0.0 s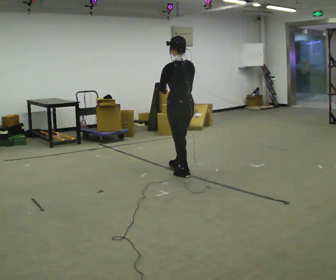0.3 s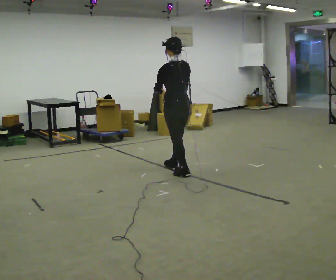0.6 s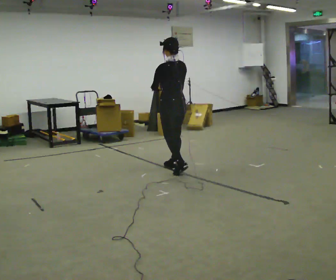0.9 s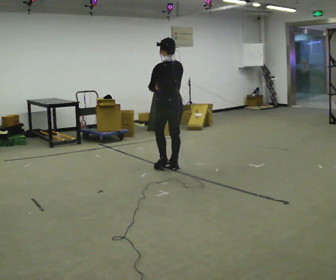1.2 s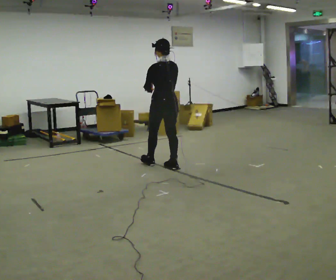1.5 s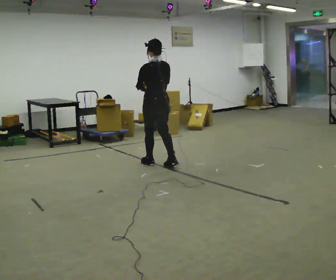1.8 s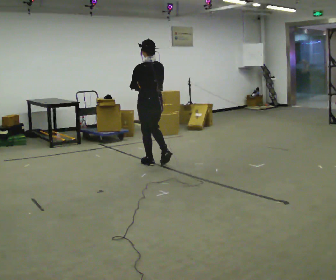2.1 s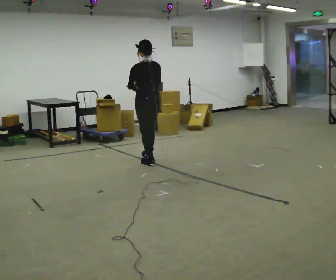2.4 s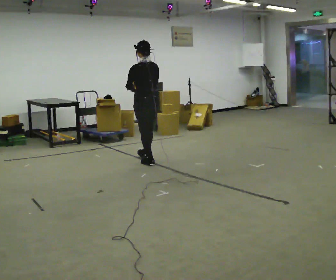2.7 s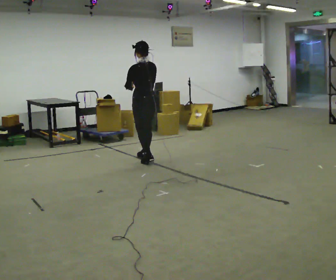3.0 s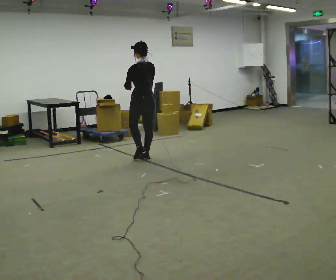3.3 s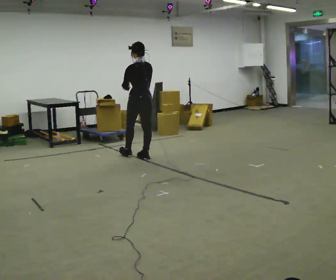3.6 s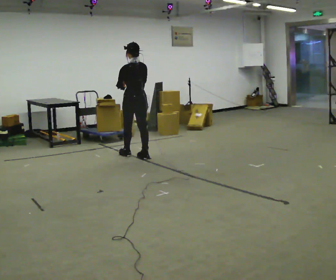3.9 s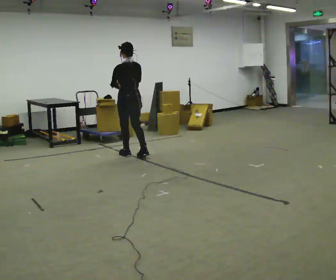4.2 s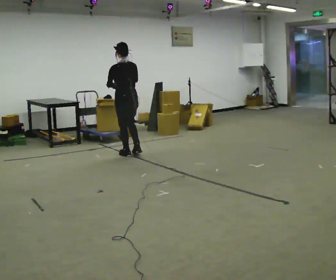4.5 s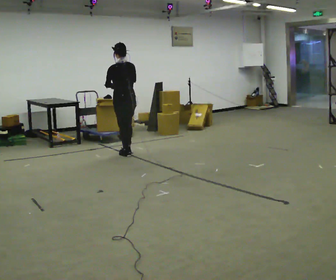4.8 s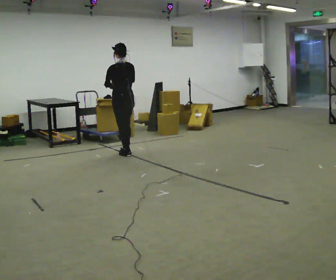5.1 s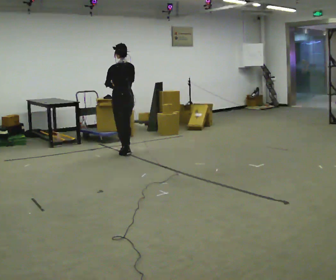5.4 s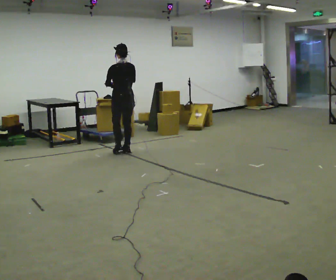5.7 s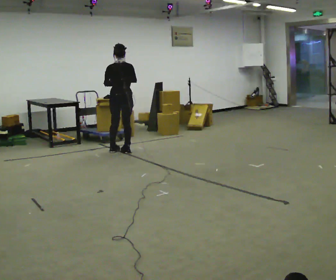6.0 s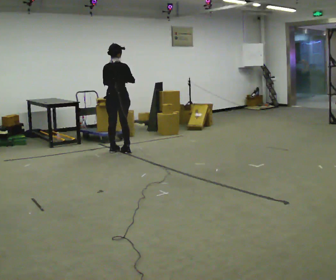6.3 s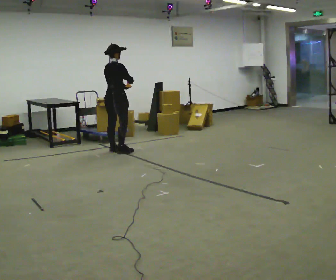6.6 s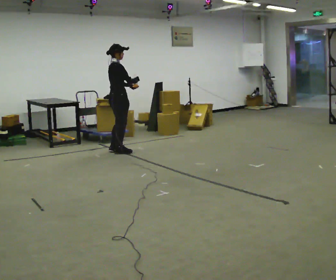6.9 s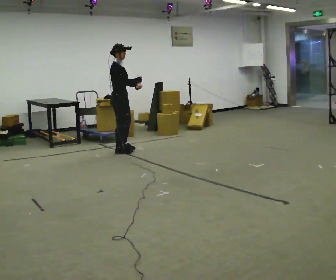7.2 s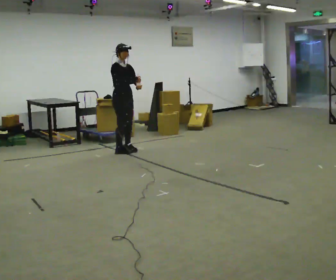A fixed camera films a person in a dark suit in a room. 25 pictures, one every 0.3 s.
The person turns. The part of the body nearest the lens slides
to the left.
The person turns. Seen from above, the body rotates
clockwise.
0.0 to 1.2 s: In the picture they go away from the camera and to the left, about 0.5 m in 2 steps, which for them is forward.
1.2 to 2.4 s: In the picture they go away from the camera and to the left, about 0.5 m in 1 step, which for them is forward.
2.4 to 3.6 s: In the picture they go away from the camera, about 0.25 m in 1 step, which for them is forward.
3.6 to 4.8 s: In the picture they go away from the camera and to the left, about 0.25 m in 1 step, which for them is forward.
4.8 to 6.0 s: Seen from above the body turns clockwise, about 60 degrees: to their right, with its near side sliding to the left.
6.0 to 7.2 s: The part of the body nearest the lens slides to the left as the person turns to their right by about 105 degrees.
The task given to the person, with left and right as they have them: Carry the open container of water across the room without spilling it, back and forth.
The film runs forward here.
